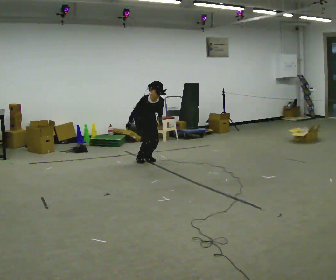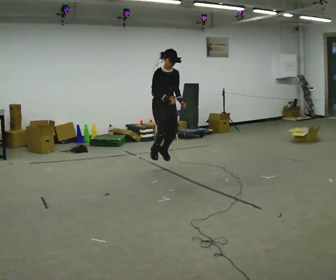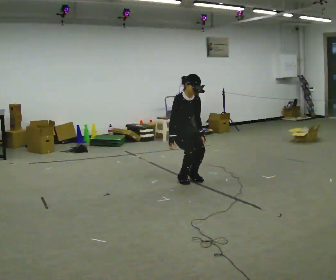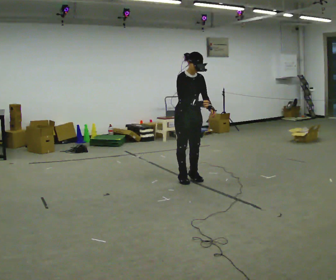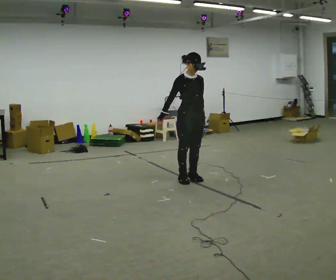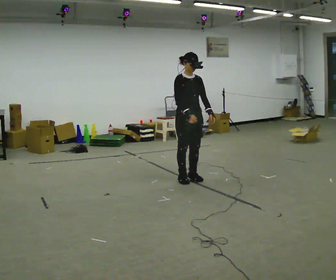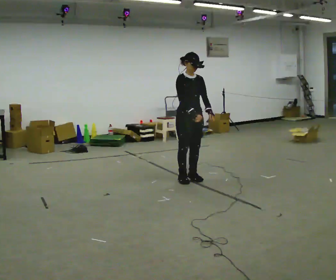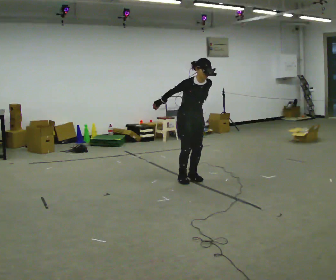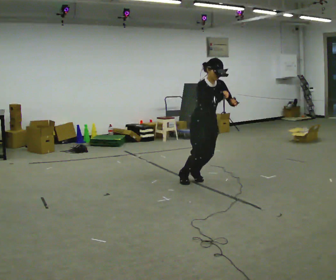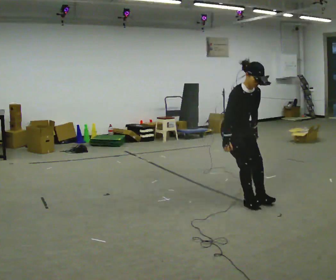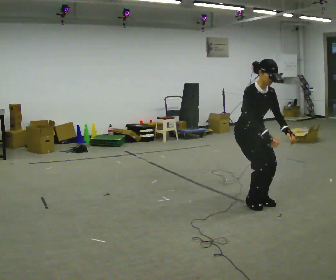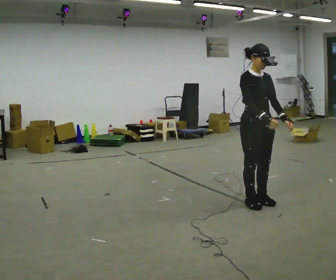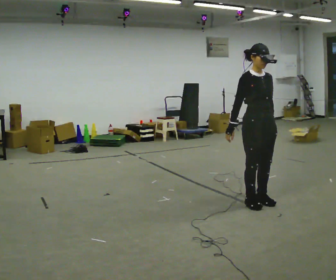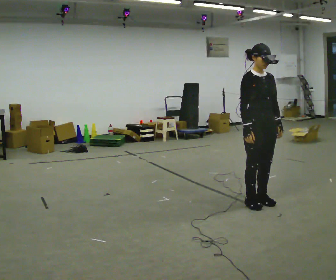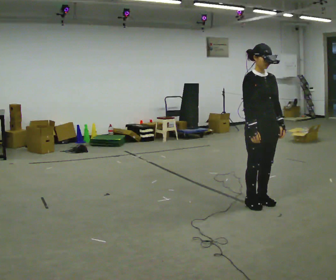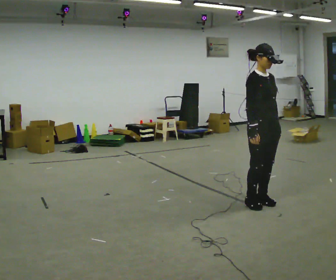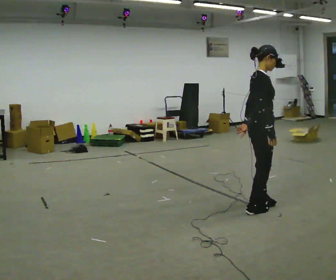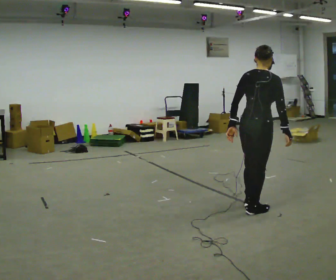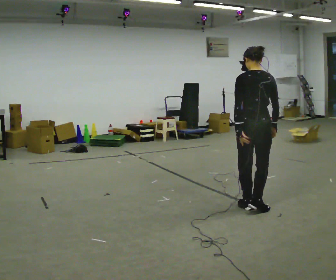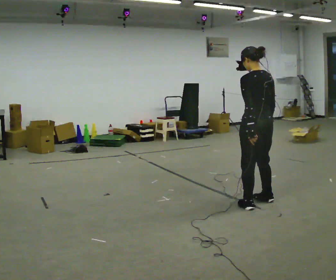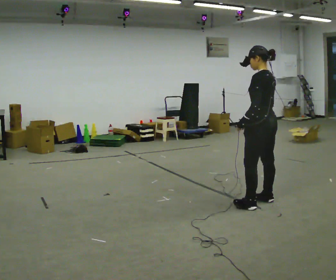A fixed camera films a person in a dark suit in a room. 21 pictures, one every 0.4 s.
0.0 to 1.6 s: In the picture they go toward the camera and to the right, about 1.5 m in 2 steps, which for them is forward. The upper body tips away from the camera, its near side rolling upward. In the picture their right hand goes upward.
1.6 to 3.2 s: In the picture they go toward the camera and to the right, about 0.25 m, which for them is forward.
3.2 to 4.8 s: In the picture they go toward the camera and to the right, about 1 m in 2 steps, which for them is forward.
4.8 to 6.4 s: The person turns about 60 degrees to their left, counterclockwise seen from above, so the part of the body nearest the lens slides to the right.
6.4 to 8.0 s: The person turns about 150 degrees to their left, counterclockwise seen from above, so the part of the body nearest the lens slides to the right.
The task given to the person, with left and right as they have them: Skip forward across the room at a comfortable pace.
The film runs forward here.
